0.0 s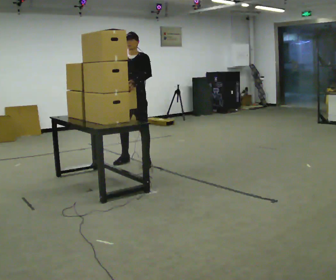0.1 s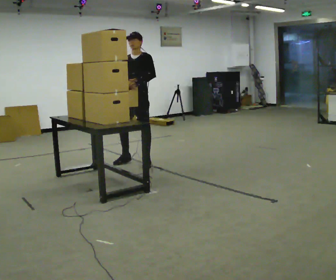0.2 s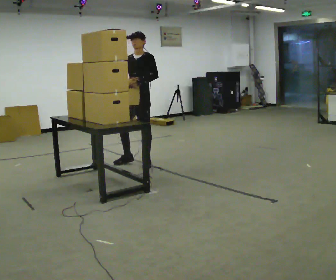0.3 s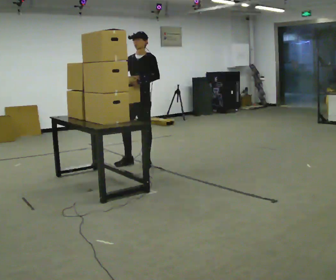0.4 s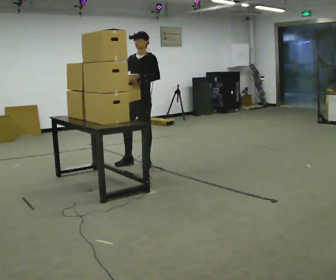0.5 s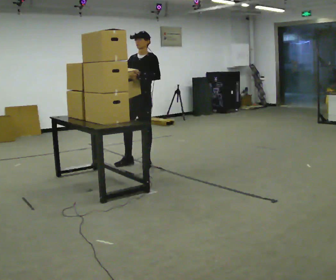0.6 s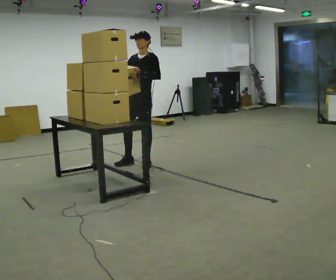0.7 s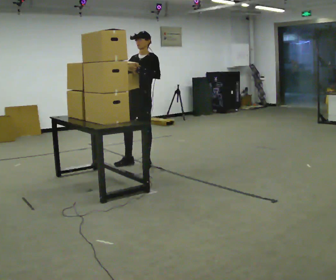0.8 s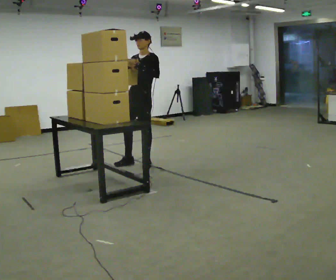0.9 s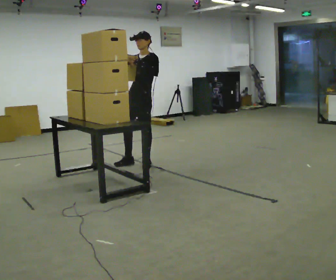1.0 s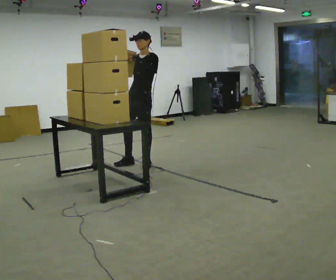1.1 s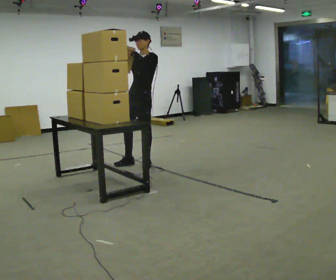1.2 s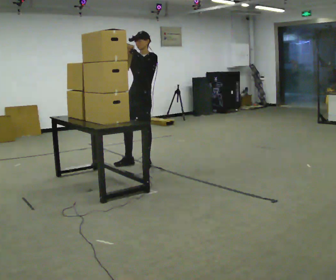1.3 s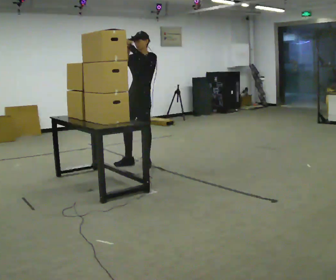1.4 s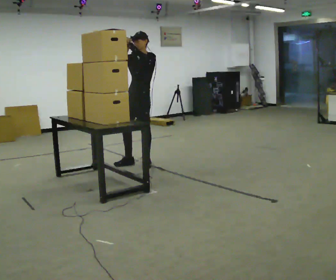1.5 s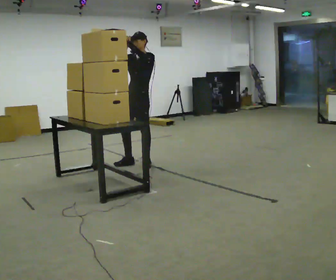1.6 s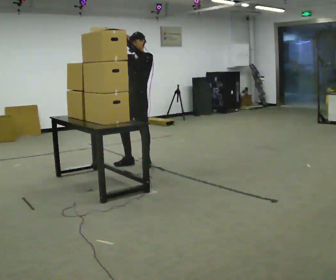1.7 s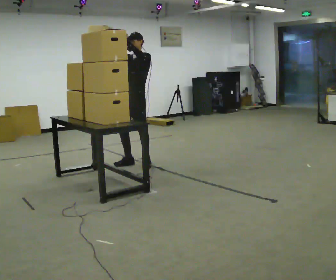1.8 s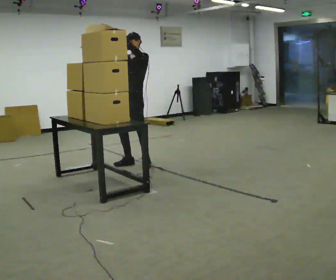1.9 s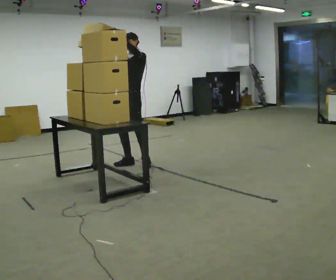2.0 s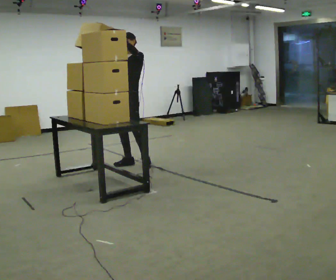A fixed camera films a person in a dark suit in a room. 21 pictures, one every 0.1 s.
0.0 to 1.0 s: In the picture their right hand goes upward, the arm swinging clockwise.
1.0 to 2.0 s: In the picture they go to the left, about 0.25 m, which for them is to their right.
The film runs forward here.
